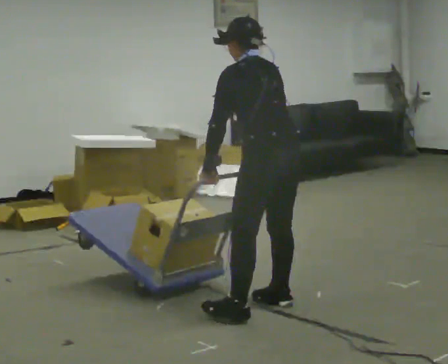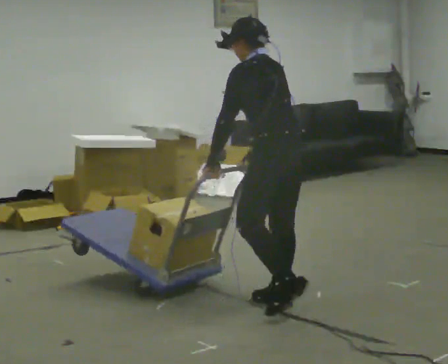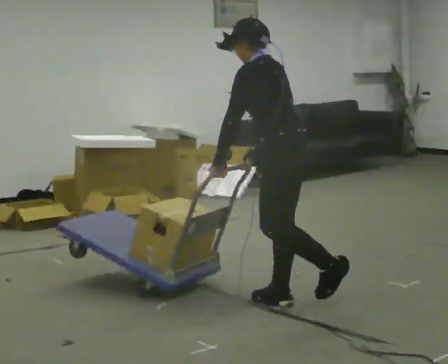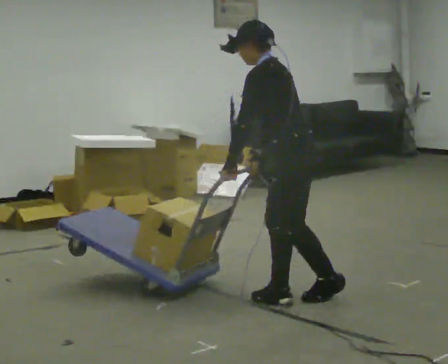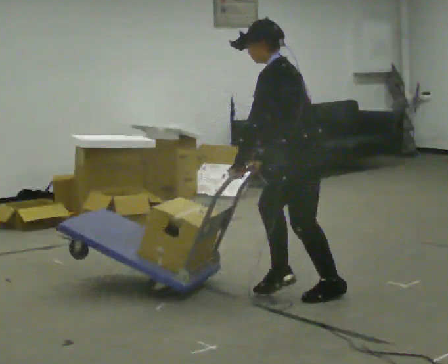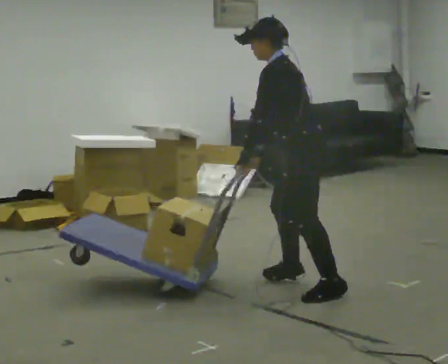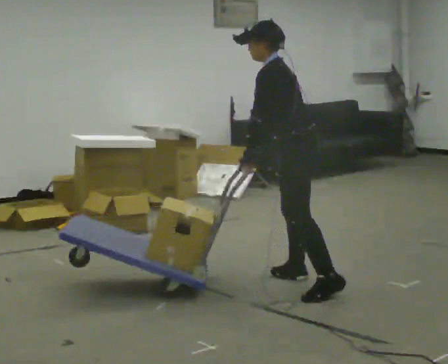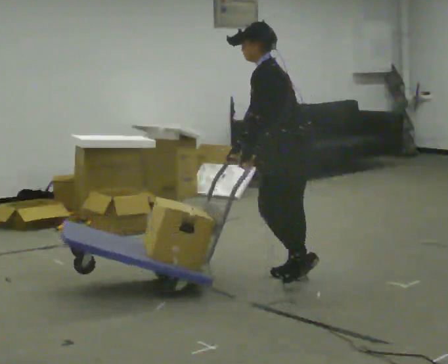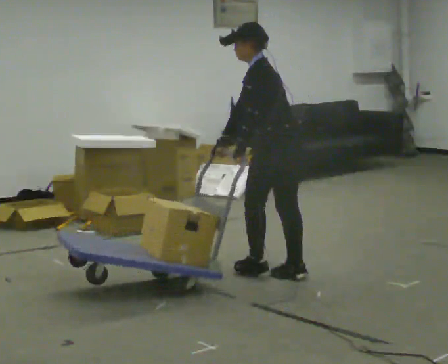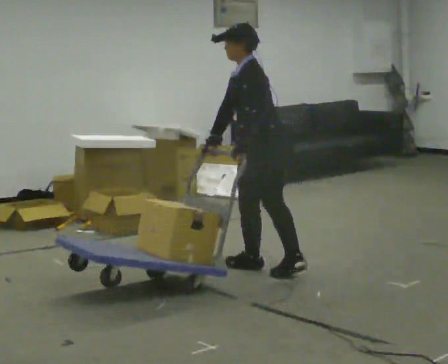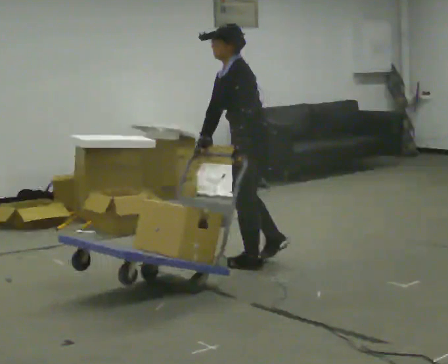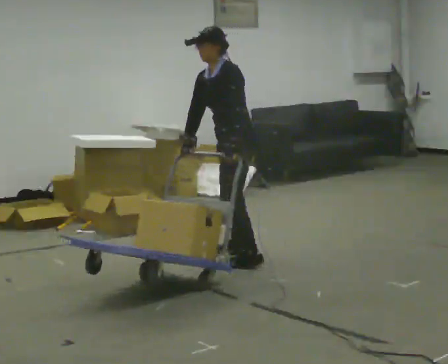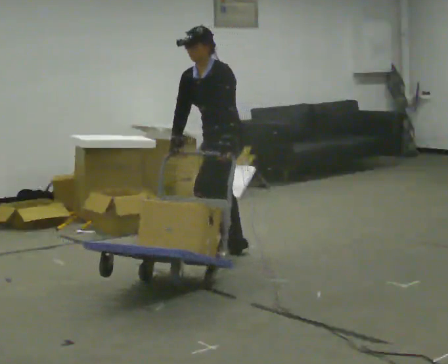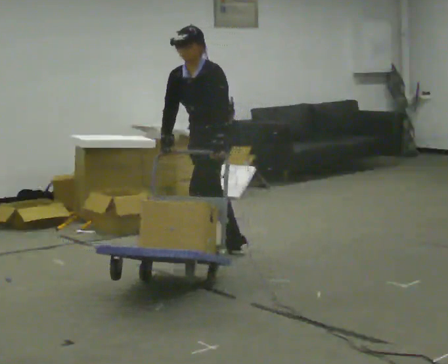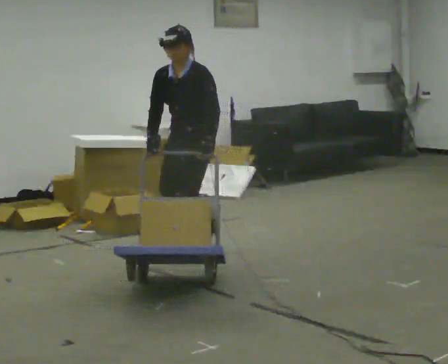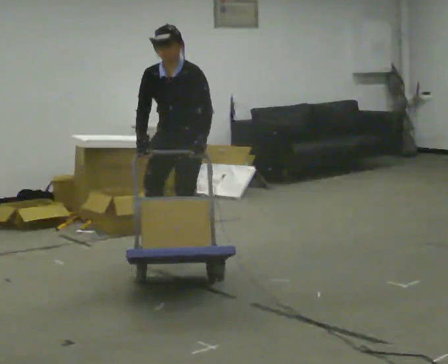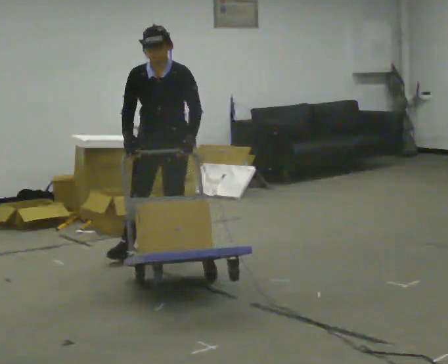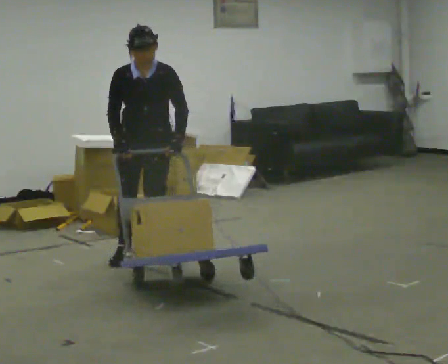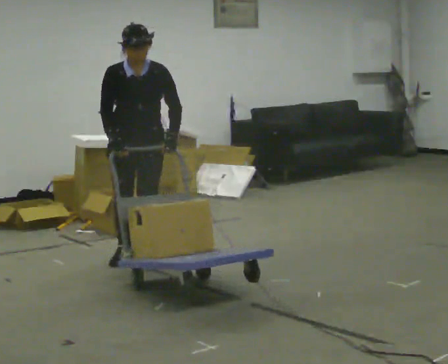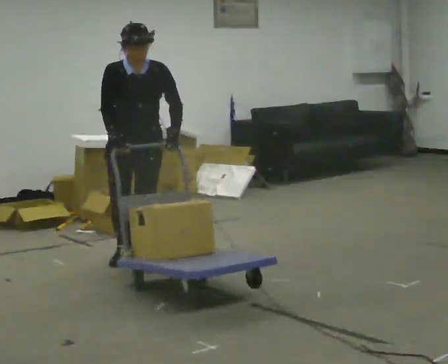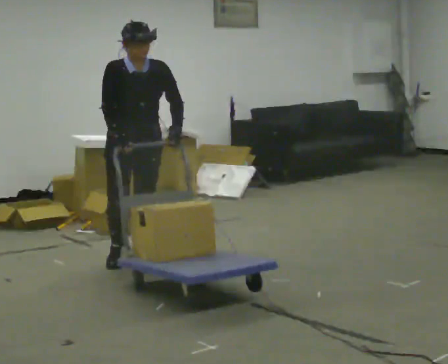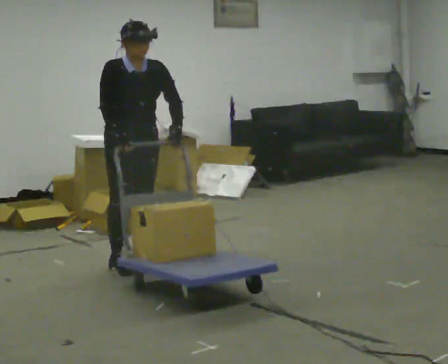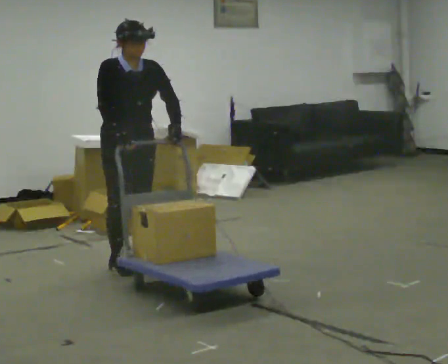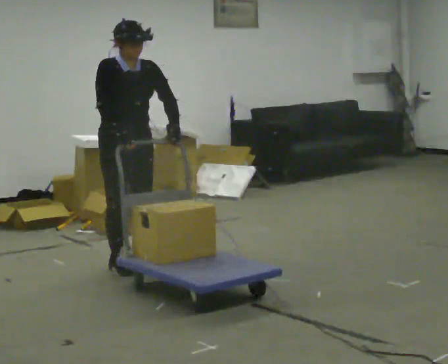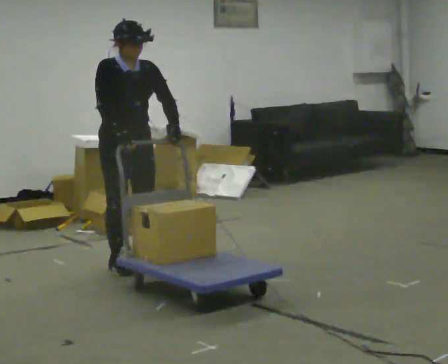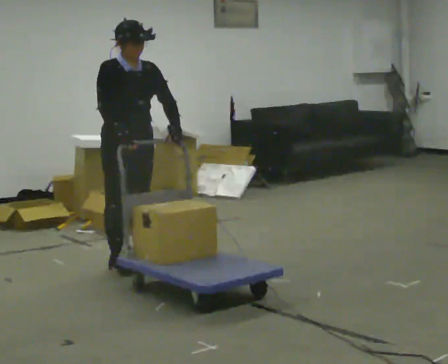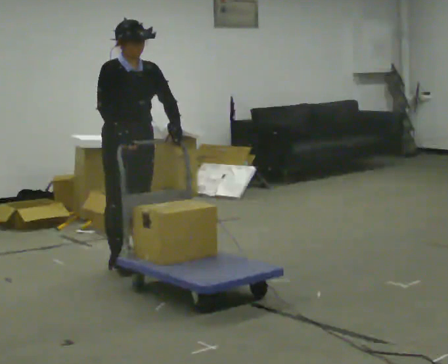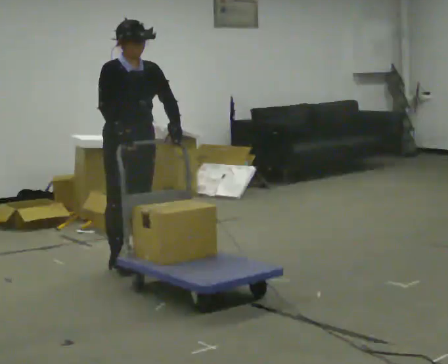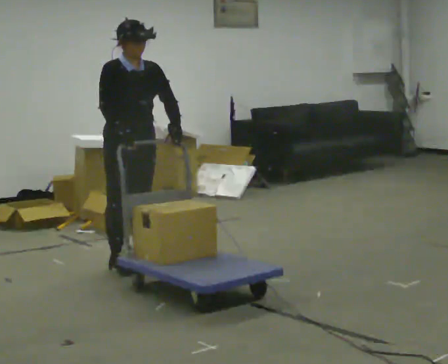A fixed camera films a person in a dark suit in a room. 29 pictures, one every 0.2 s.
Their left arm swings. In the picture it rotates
counterclockwise.
The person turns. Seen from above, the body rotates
counterclockwise.
0.0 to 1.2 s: The person turns about 30 degrees to their left, counterclockwise seen from above, so the part of the body nearest the lens slides to the right. In the picture they go away from the camera, about 0.5 m in 2 steps, which for them is to their right.
1.2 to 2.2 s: In the picture they go away from the camera and to the left, about 0.5 m in 2 steps, which for them is forward and to their right.
2.2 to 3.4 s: Seen from above the body turns counterclockwise, about 75 degrees: to their left, with its near side sliding to the right. In the picture they go to the left, about 0.5 m in 2 steps. In the picture the upper body tilts clockwise, shoulders to the right.
3.4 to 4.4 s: Seen from above the body turns counterclockwise, about 45 degrees: to their left, with its near side sliding to the right. In the picture they go toward the camera, about 0.25 m in 2 steps, which for them is forward and to their right.
4.4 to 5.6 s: The person moves a little, or ends about where they began.
The film runs forward here.
